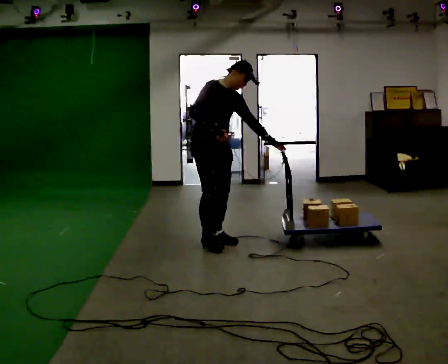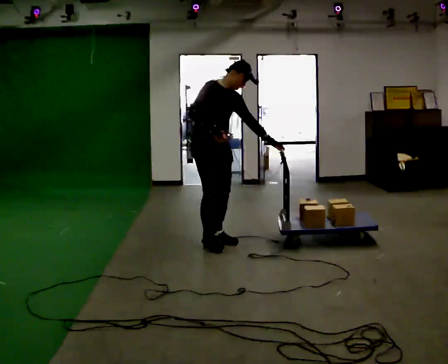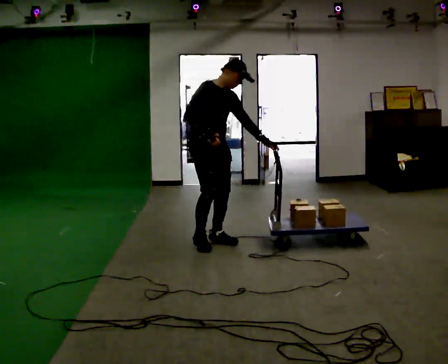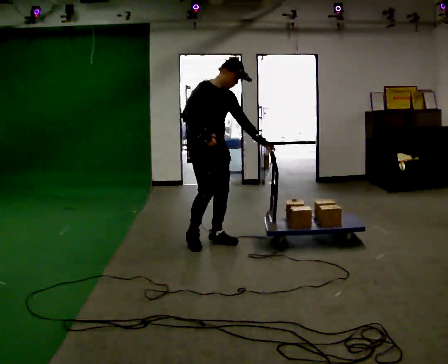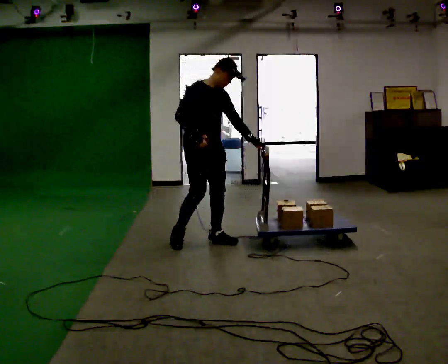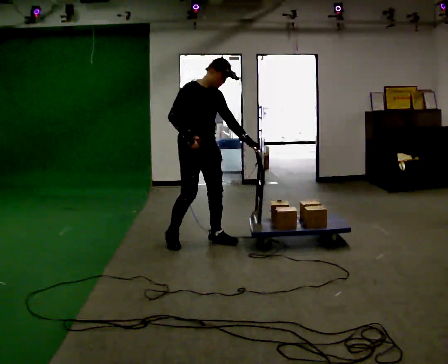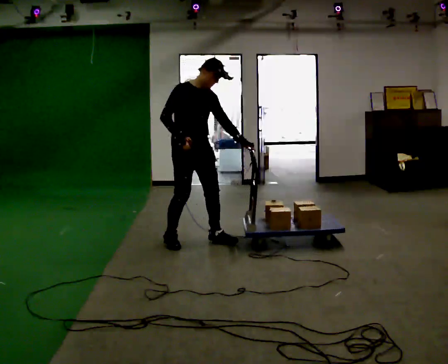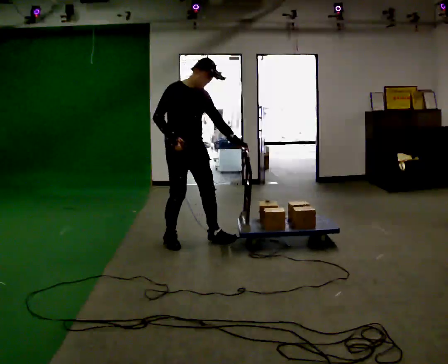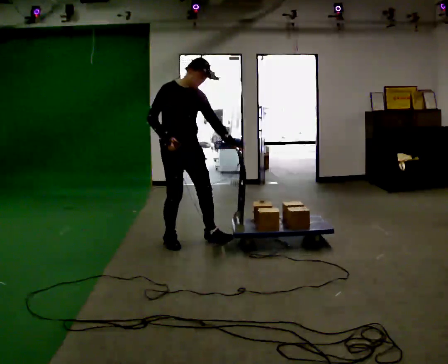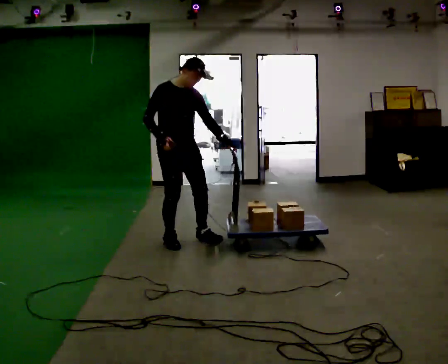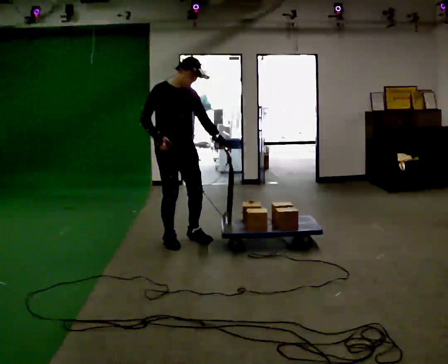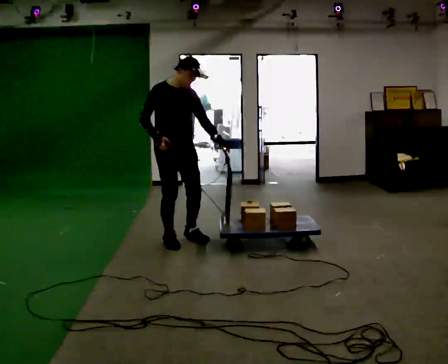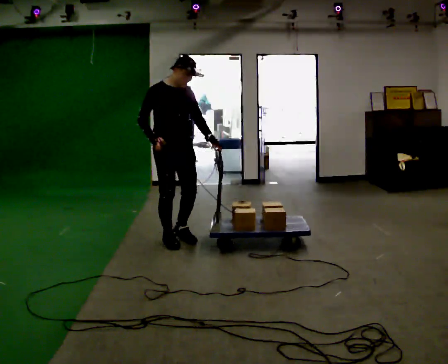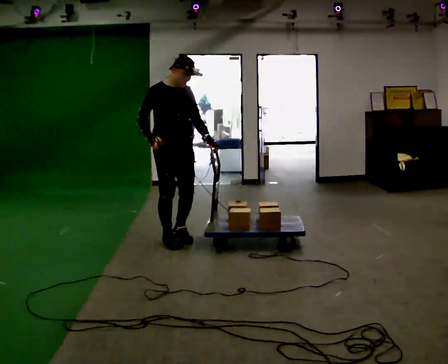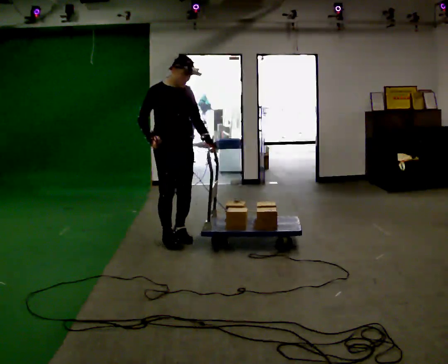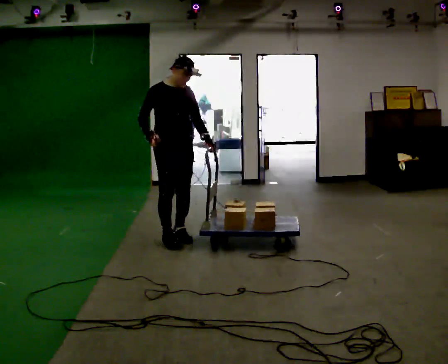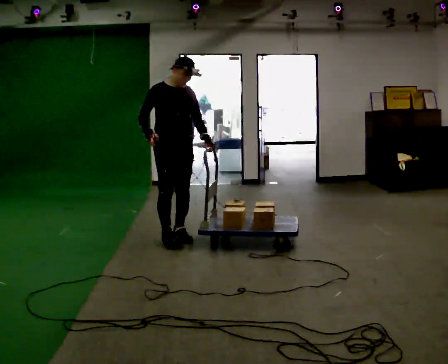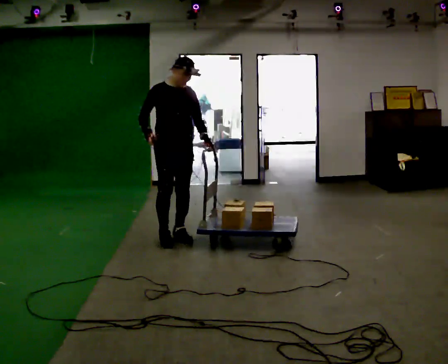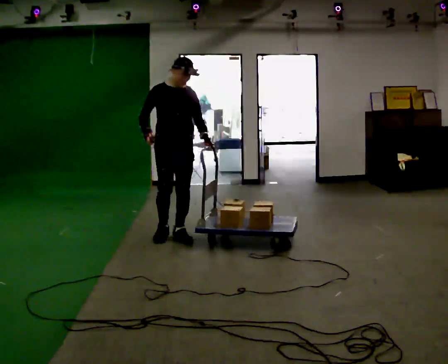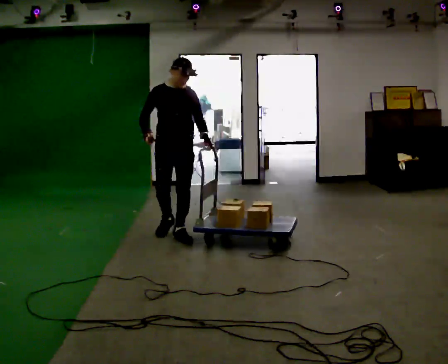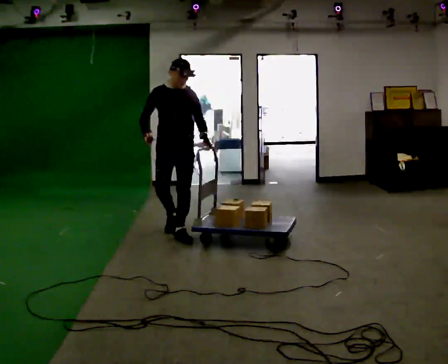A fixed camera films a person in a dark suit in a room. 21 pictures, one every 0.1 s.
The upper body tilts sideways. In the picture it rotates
counterclockwise.
0.0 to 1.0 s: In the picture they go to the left, about 0.25 m in 2 steps, which for them is to their right and backward.
1.0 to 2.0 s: The part of the body nearest the lens slides to the left as the person turns to their right by about 30 degrees. In the picture they go away from the camera, about 0.25 m in 1 step, which for them is backward.
The film runs backward here.
